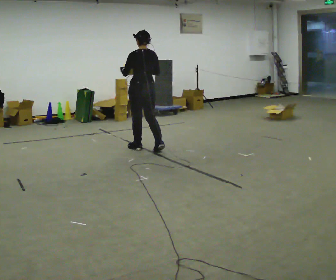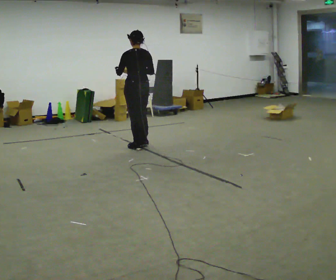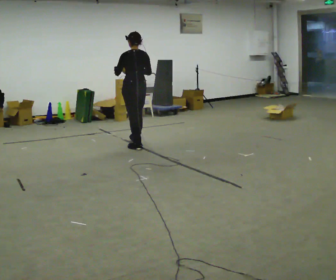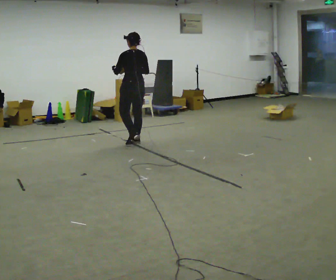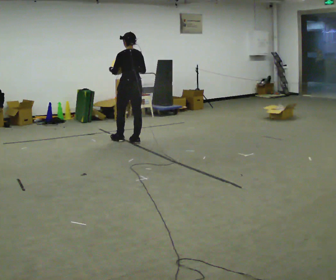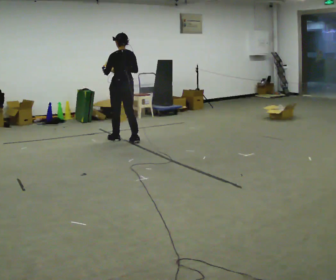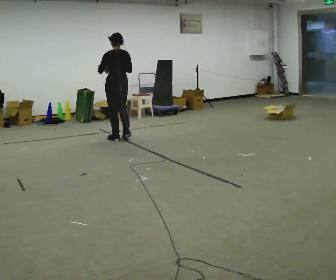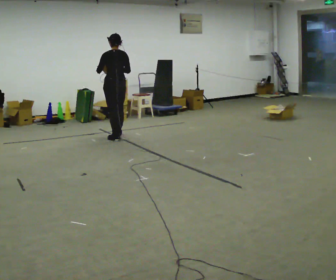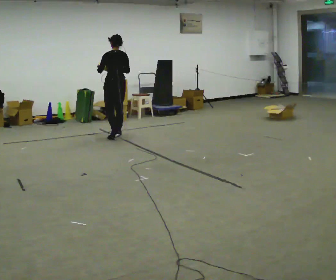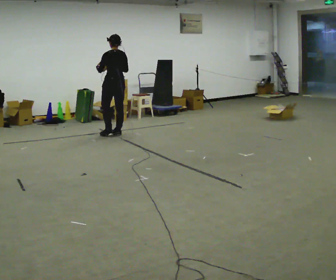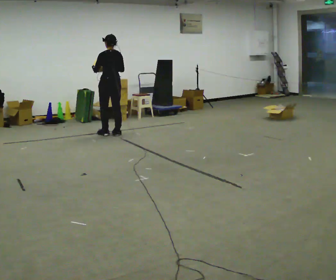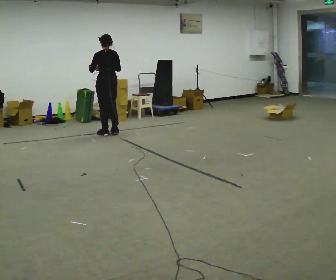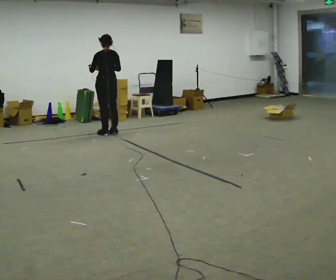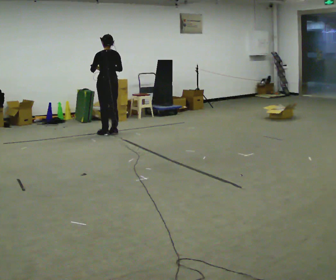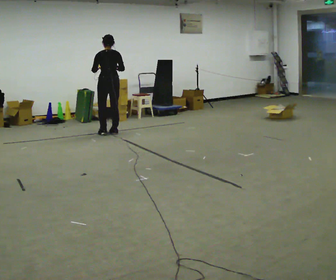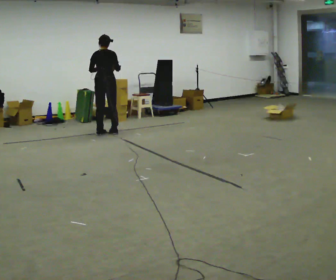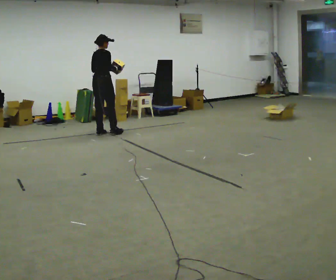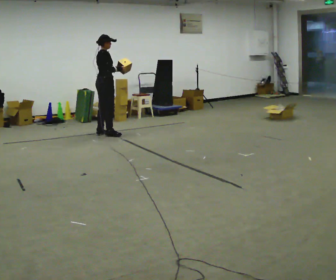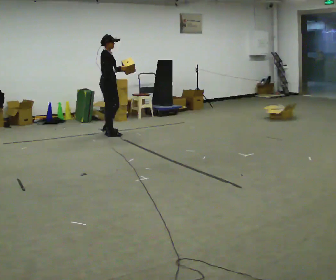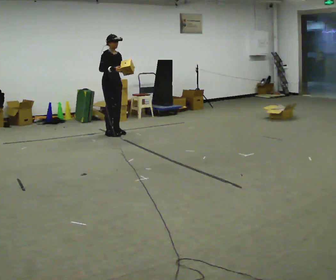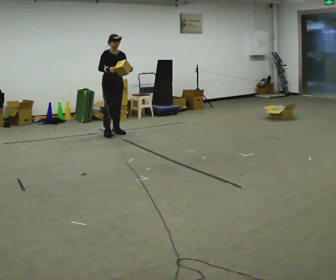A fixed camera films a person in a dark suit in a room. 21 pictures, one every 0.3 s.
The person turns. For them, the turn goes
to their right.
The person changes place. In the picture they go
away from the camera.
0.0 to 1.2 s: In the picture they go away from the camera, about 0.5 m in 1 step, which for them is forward.
1.2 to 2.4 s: In the picture they go away from the camera and to the left, about 0.5 m in 2 steps, which for them is forward.
2.4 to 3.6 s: In the picture they go away from the camera, about 0.25 m in 1 step, which for them is forward.
3.6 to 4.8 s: The part of the body nearest the lens slides to the left as the person turns to their right by about 75 degrees.
4.8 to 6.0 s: The person turns about 105 degrees to their right, clockwise seen from above, so the part of the body nearest the lens slides to the left. In the picture they go to the right, about 0.25 m in 1 step. In the picture their left hand goes to the right.
The film runs forward here.
